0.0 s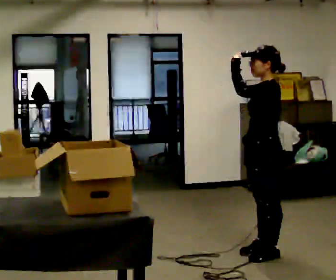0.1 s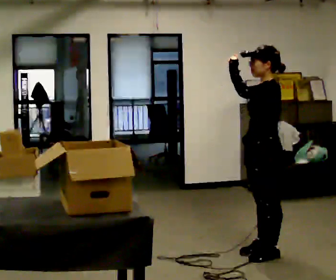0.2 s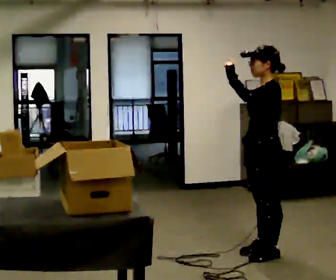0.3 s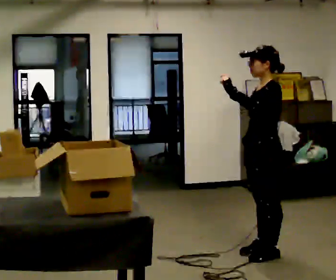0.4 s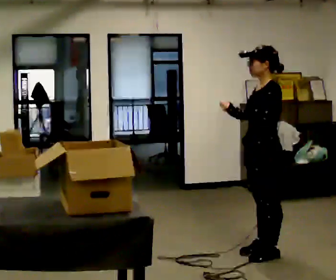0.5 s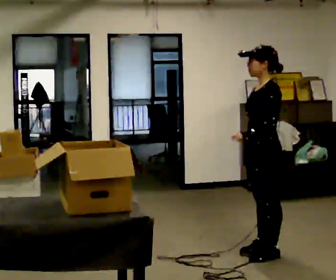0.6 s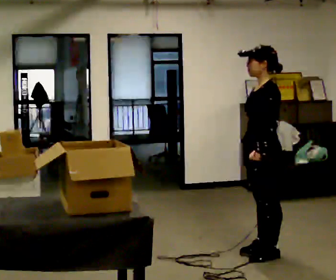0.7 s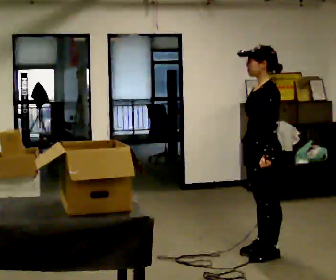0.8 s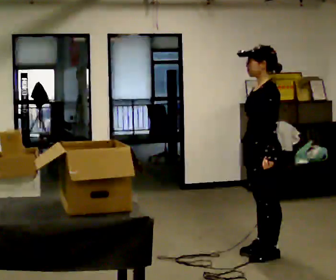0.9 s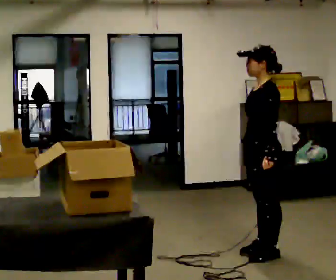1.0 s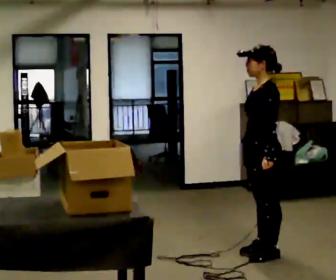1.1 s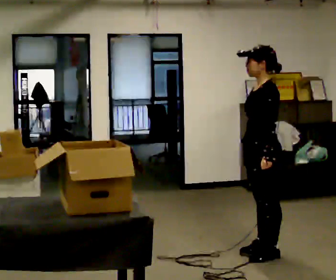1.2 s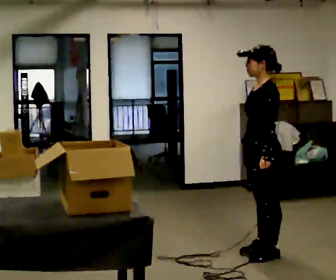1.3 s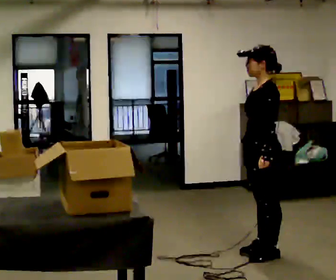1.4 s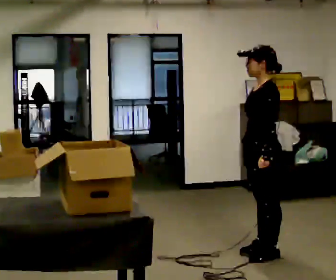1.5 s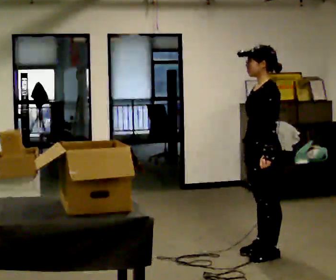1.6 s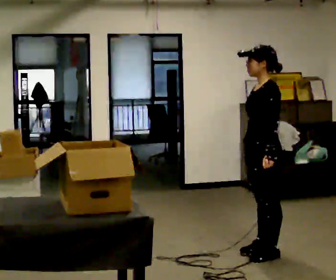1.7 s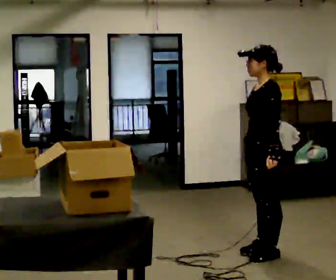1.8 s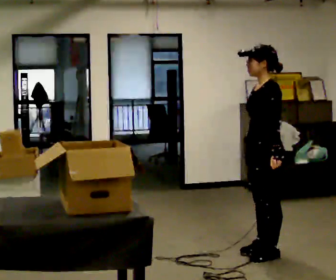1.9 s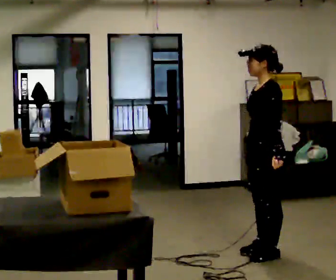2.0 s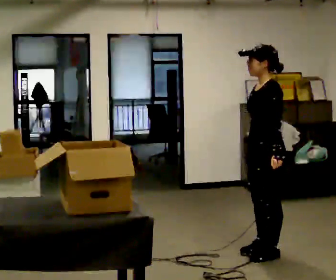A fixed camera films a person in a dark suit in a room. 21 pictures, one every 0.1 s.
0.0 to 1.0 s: In the picture their left hand goes downward.
1.0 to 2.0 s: The person moves a little, or ends about where they began.
The film runs backward here.
